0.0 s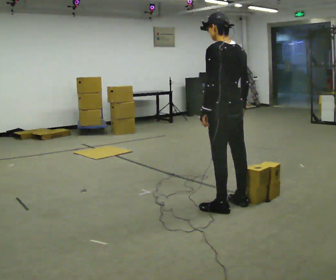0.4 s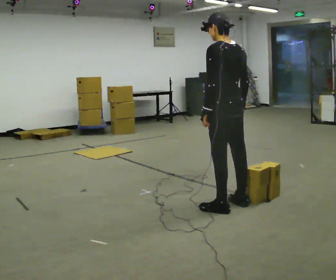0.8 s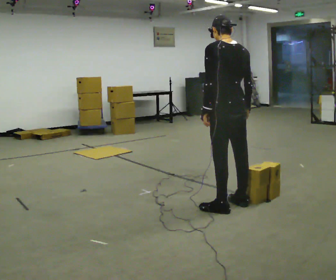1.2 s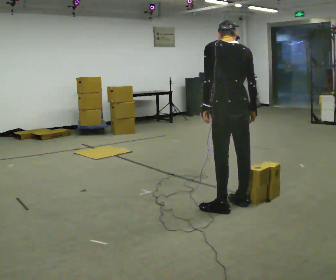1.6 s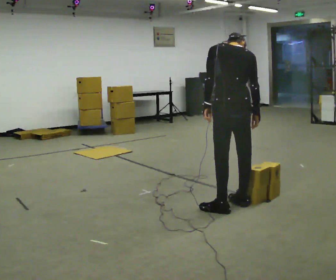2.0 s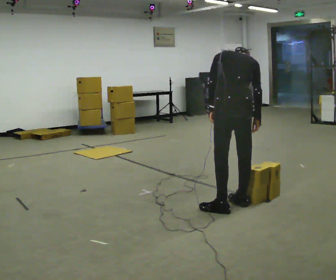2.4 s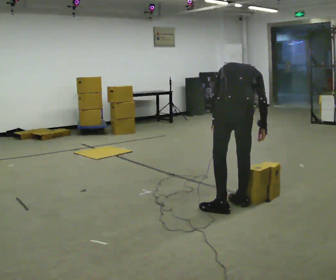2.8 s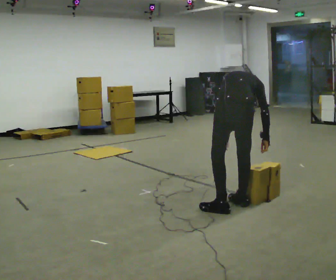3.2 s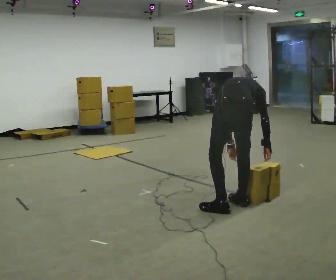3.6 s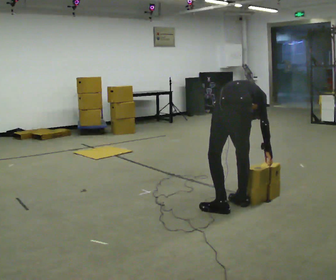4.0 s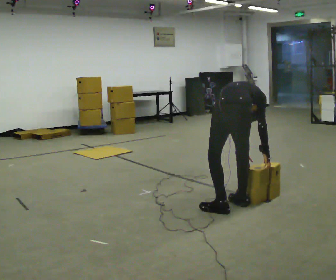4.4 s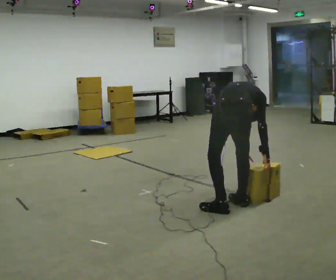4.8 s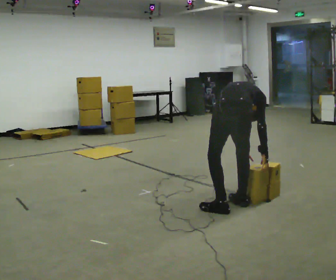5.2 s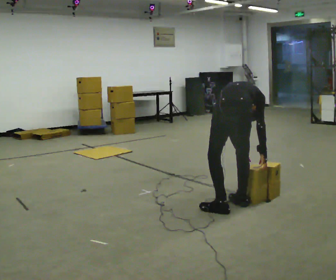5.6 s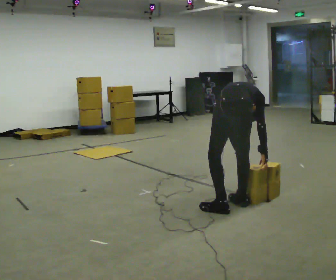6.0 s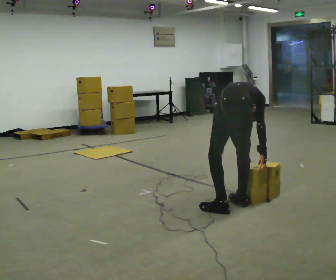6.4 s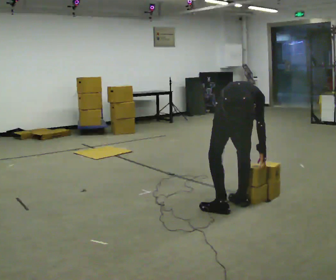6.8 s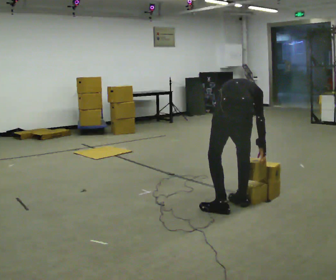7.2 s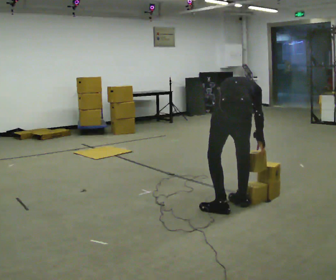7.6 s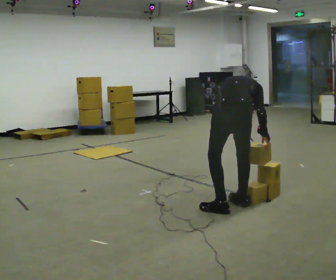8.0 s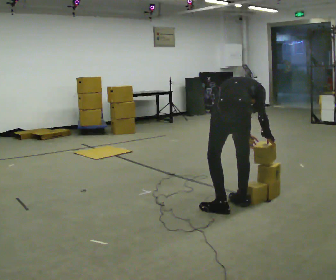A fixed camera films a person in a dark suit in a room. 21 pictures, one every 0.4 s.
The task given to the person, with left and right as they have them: Carry the boxes over one at a time and lay them out on the pallet in the pattern the operator shows you. Keep going until the operator says stop; one object at a time, and do not rush between trips.
0.0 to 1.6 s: The person turns about 30 degrees to their right, clockwise seen from above, so the part of the body nearest the lens slides to the left. The upper body tips away from the camera, its near side rolling upward, as they bend forward.
1.6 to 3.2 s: The shoulders move downward. The upper body tips away from the camera, its near side rolling upward, as they bend forward. In the picture their left hand goes downward.
3.2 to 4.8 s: In the picture the upper body tilts clockwise, shoulders to the right.
4.8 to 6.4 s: In the picture the upper body tilts counterclockwise, shoulders to the left.
6.4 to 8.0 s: The person moves a little, or ends about where they began.
The film runs forward here.
